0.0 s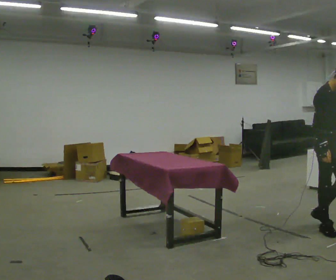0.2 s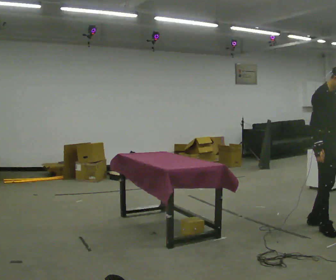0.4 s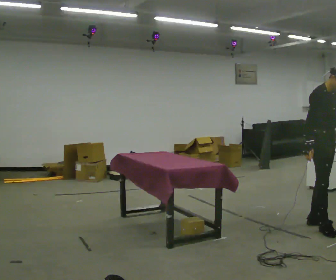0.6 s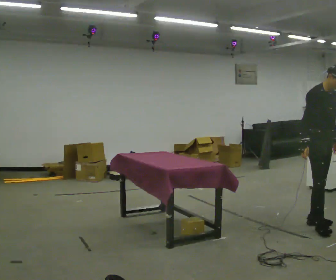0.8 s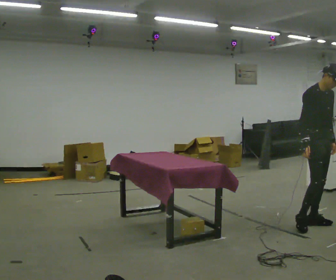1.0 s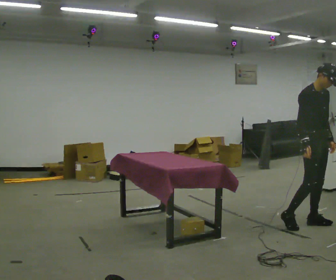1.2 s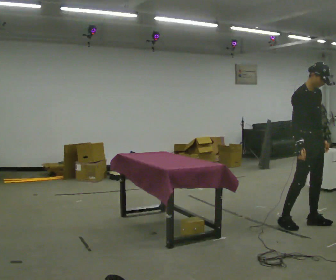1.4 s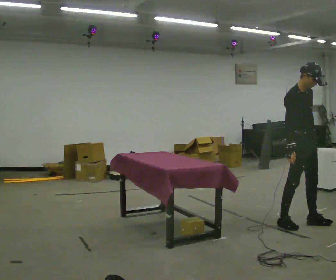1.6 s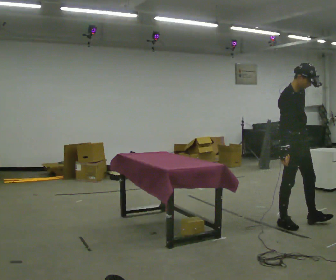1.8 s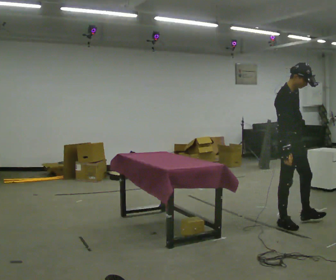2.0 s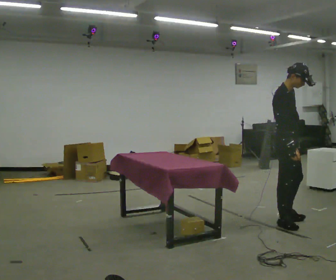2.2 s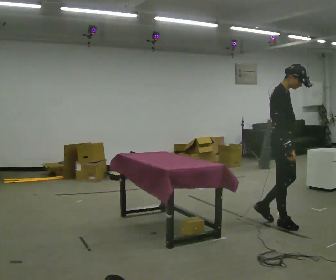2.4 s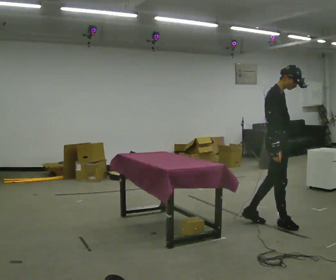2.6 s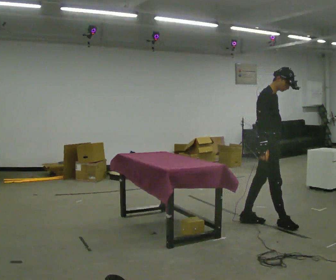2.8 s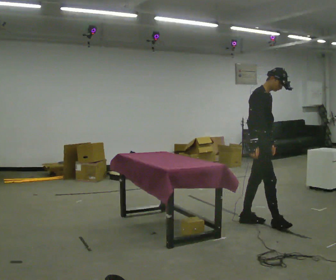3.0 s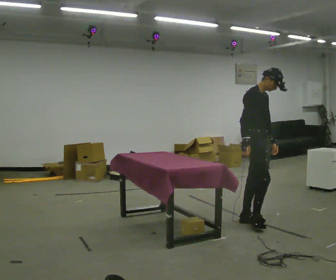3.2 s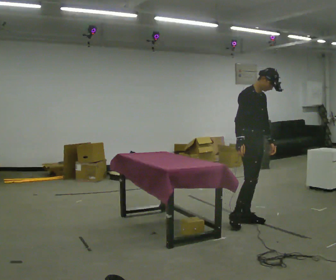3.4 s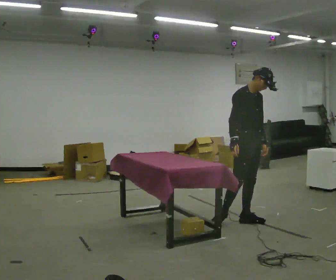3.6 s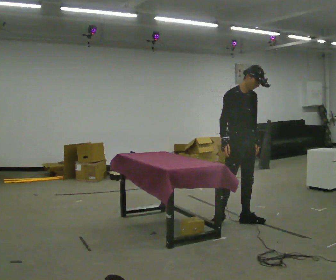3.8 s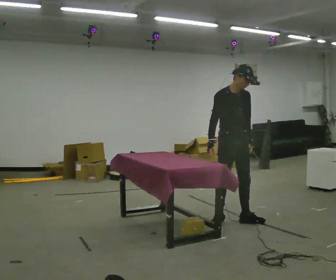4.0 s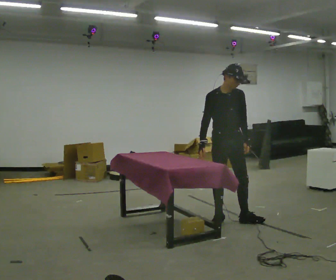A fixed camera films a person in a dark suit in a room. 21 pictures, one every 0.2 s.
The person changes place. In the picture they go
to the left.
0.0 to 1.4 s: In the picture they go to the left, about 0.25 m in 1 step, which for them is backward. In the picture their left hand goes downward.
1.4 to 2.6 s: In the picture they go to the left, about 0.25 m in 1 step, which for them is backward.
2.6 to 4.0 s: The part of the body nearest the lens slides to the left as the person turns to their right by about 45 degrees. In the picture they go to the left, about 0.5 m in 1 step, which for them is backward and to their right.
The film runs backward here.
